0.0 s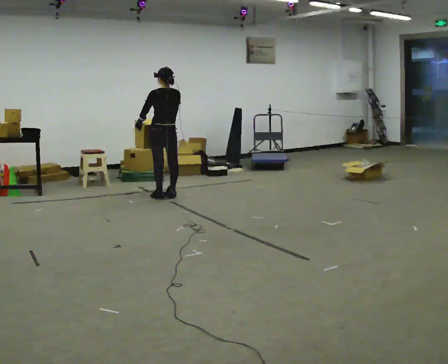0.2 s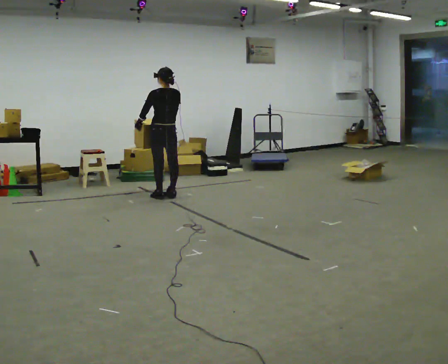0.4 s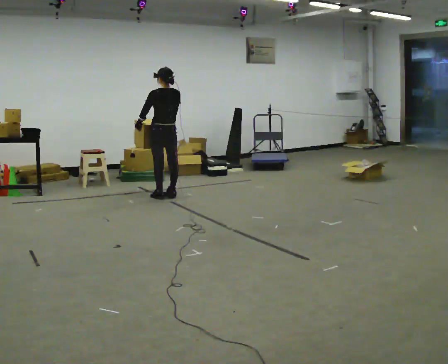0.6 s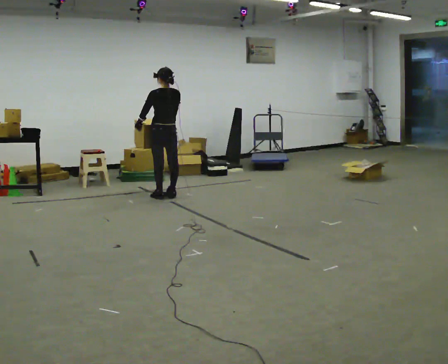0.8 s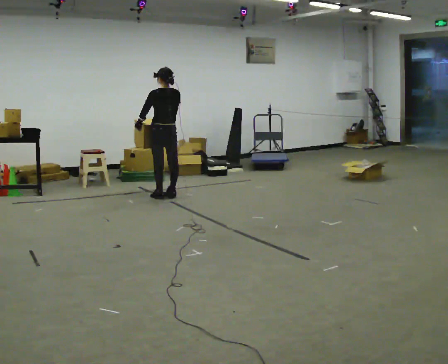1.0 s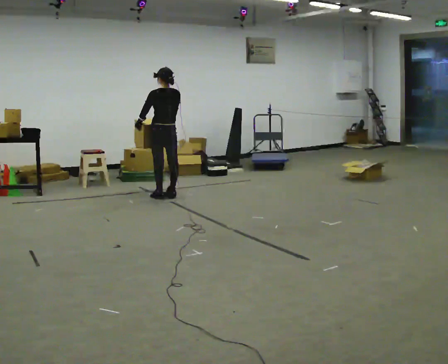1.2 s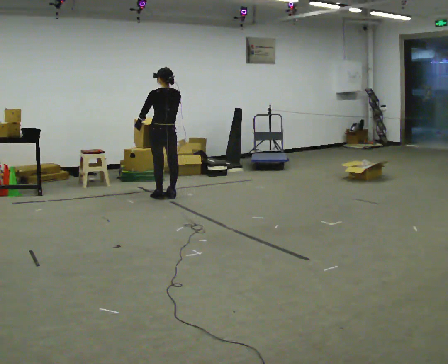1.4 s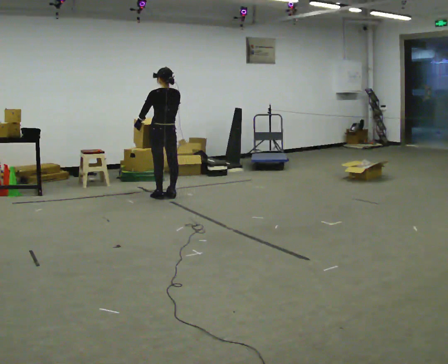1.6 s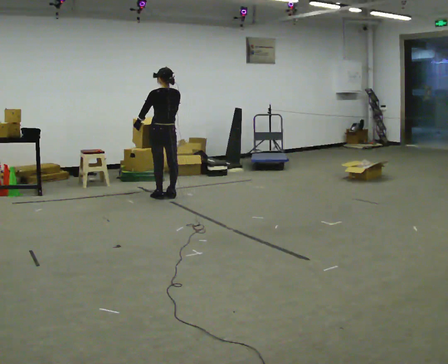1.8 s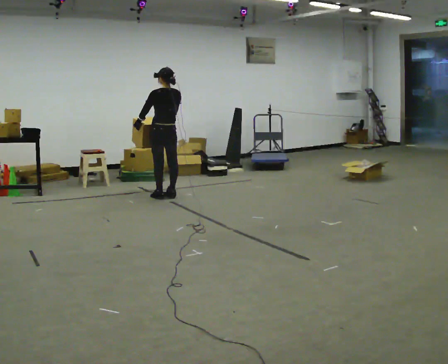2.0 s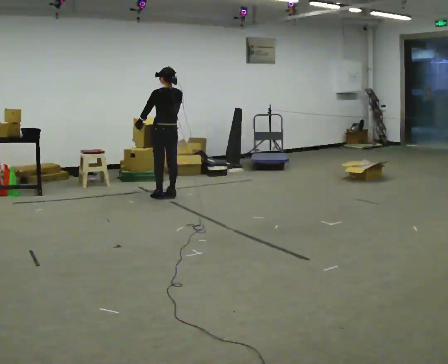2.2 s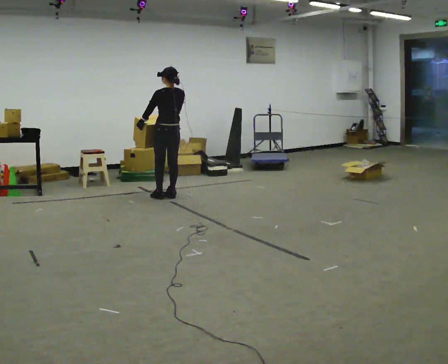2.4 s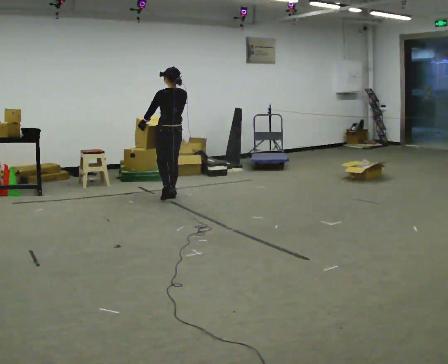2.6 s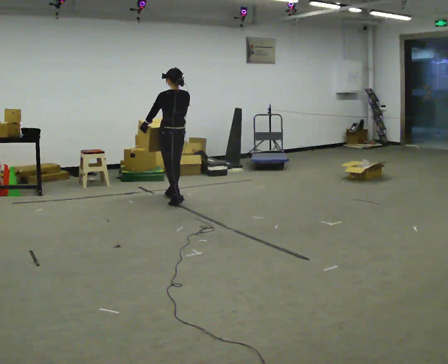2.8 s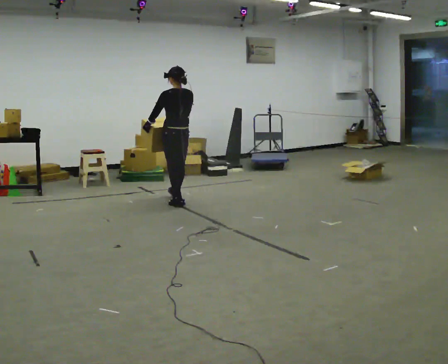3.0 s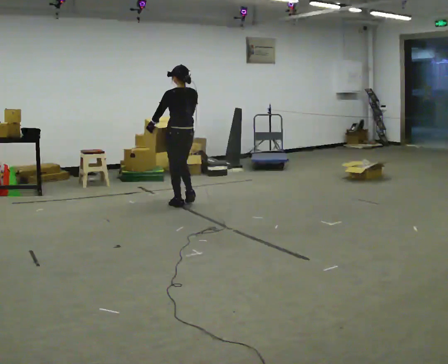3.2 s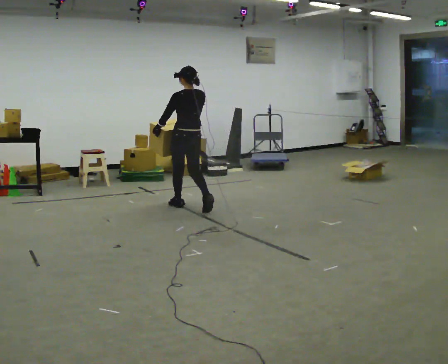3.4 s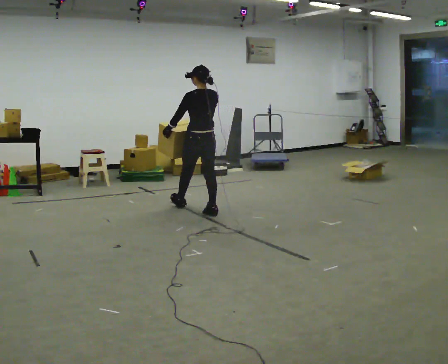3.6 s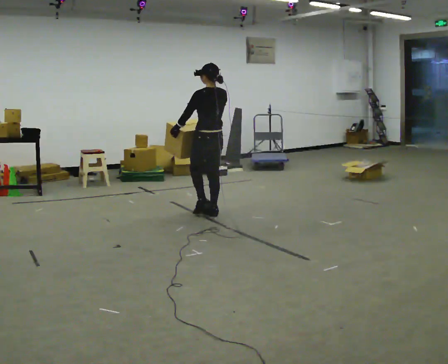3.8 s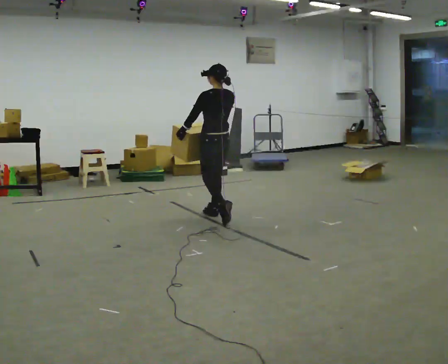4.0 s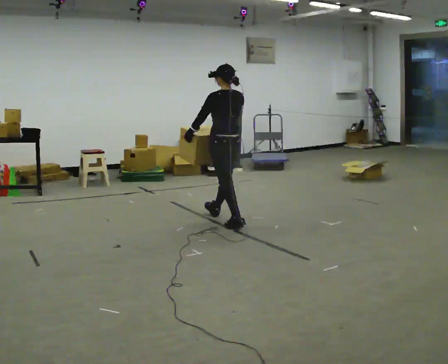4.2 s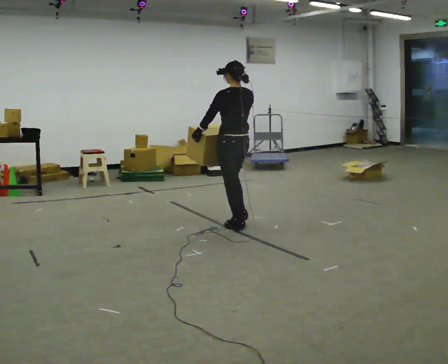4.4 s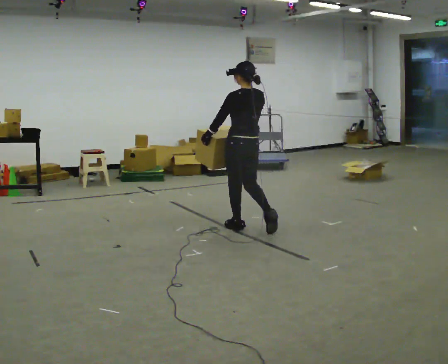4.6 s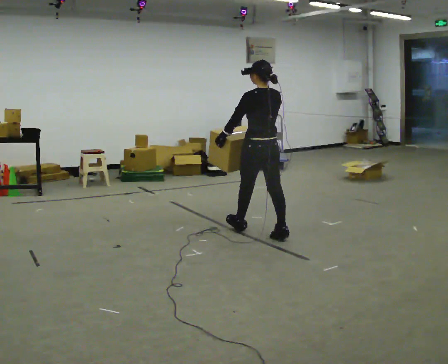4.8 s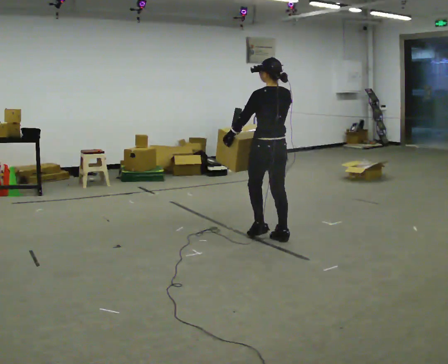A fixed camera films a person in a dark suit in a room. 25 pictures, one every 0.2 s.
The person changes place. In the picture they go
toward the camera.
0.0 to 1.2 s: The person keeps their place and pose.
1.2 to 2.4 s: The person moves a little, or ends about where they began.
2.4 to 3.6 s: In the picture they go toward the camera and to the right, about 1 m in 2 steps, which for them is backward.
3.6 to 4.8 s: In the picture they go toward the camera and to the right, about 1 m in 2 steps, which for them is backward.
The film runs backward here.
